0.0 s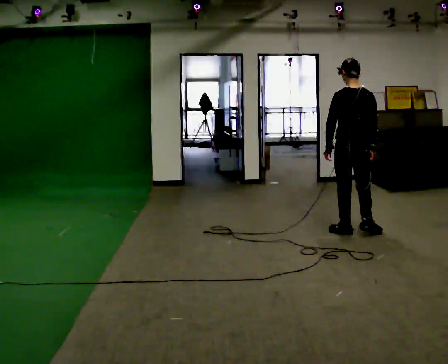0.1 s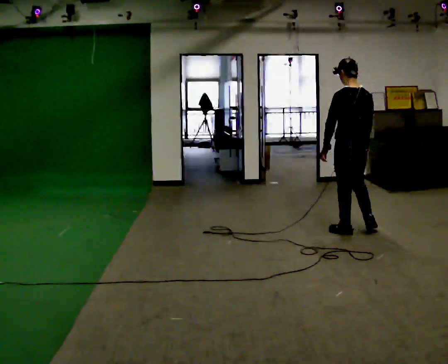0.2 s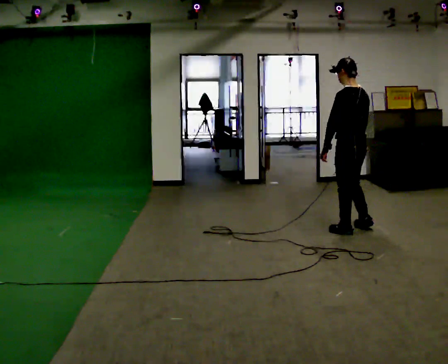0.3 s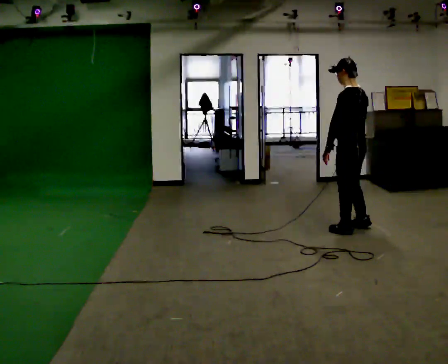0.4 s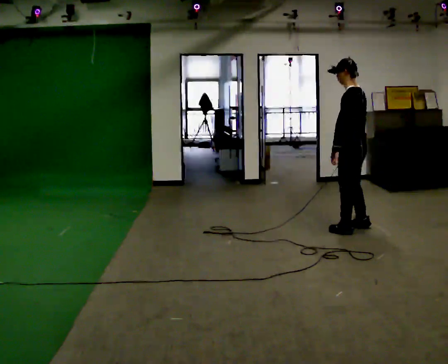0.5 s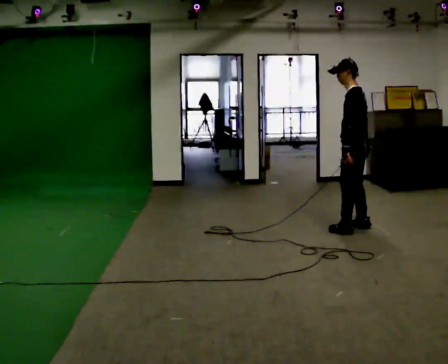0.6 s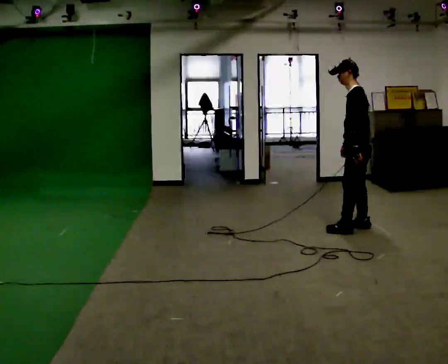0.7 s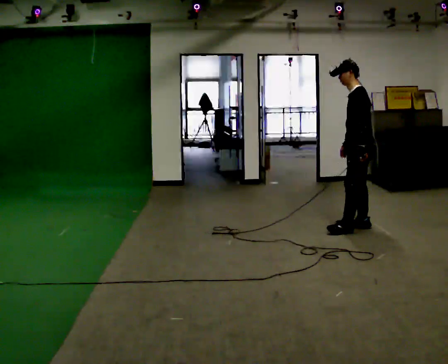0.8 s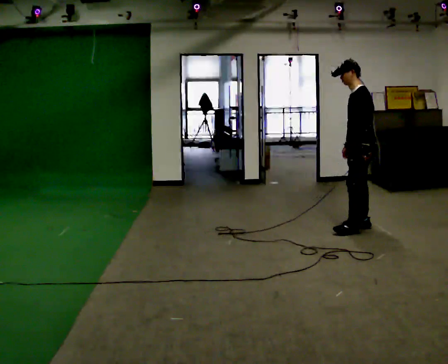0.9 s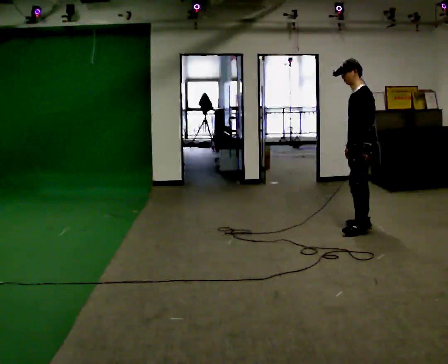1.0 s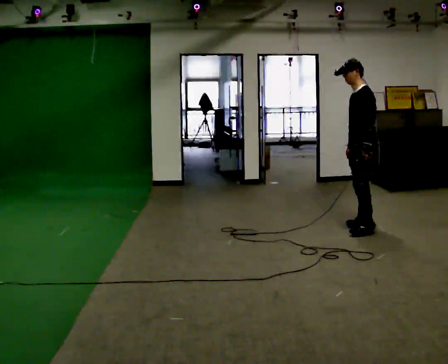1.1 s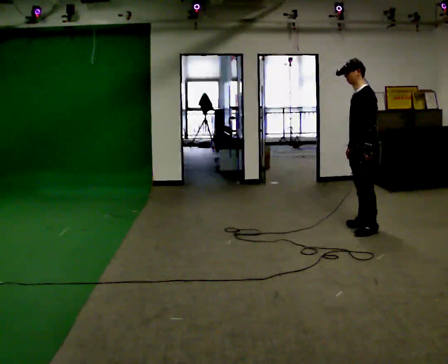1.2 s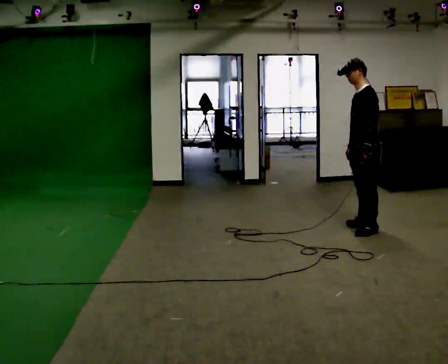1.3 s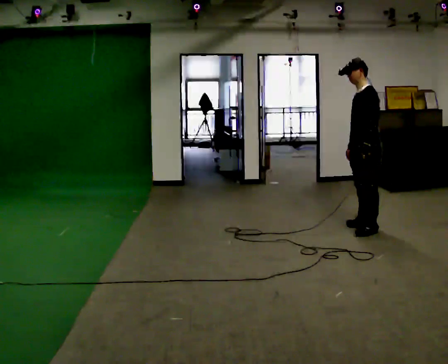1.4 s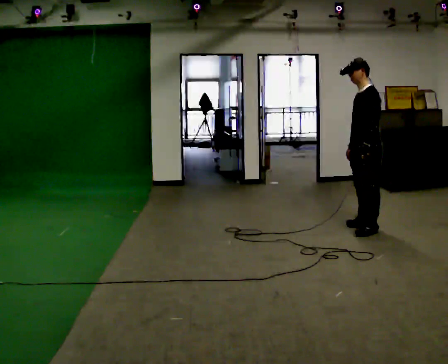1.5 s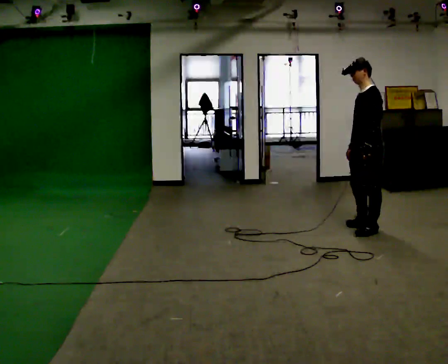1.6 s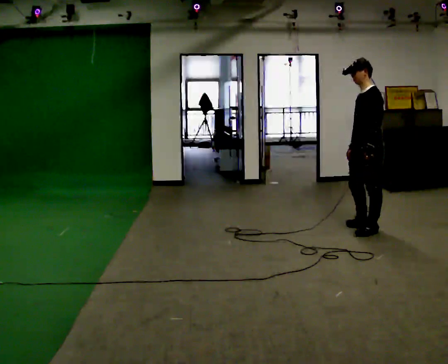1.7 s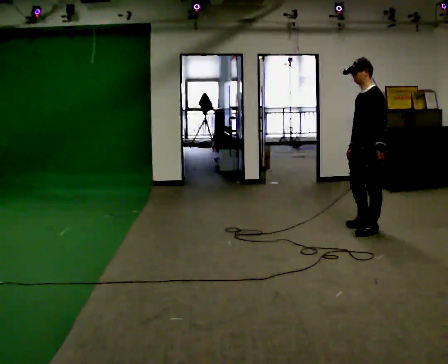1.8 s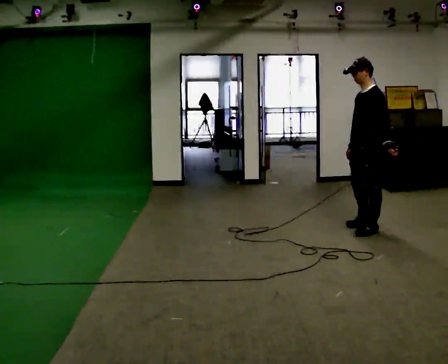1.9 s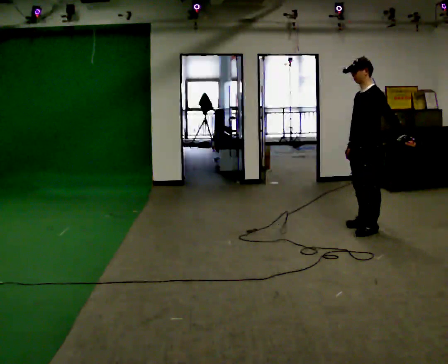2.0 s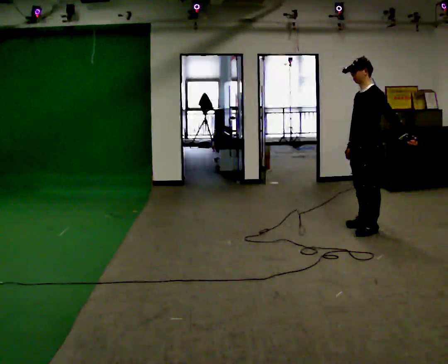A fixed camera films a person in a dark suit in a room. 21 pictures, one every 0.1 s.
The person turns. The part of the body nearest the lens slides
to the right.
The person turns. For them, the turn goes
to their left.
0.0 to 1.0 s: The person turns about 75 degrees to their left, counterclockwise seen from above, so the part of the body nearest the lens slides to the right. In the picture they go away from the camera, about 0.25 m in 1 step. In the picture their left hand goes to the right.
1.0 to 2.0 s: In the picture their left hand goes to the right.
The film runs forward here.
